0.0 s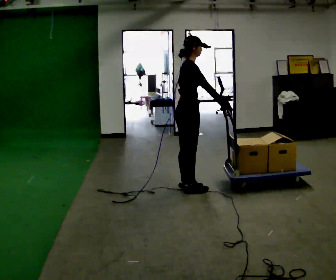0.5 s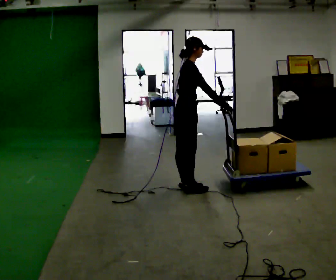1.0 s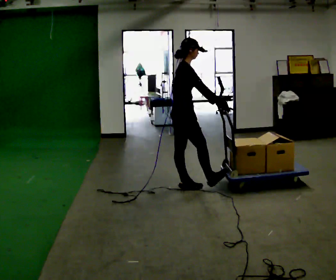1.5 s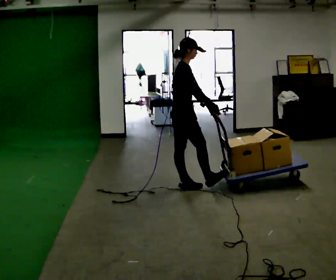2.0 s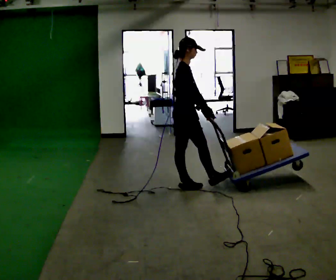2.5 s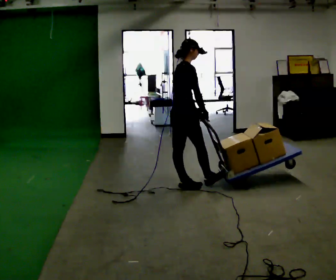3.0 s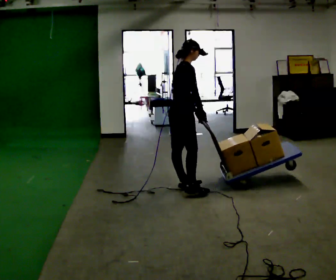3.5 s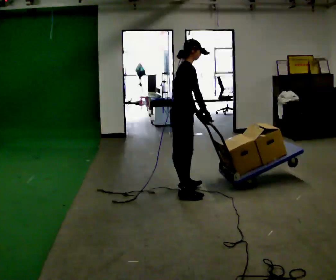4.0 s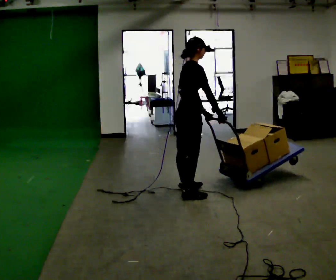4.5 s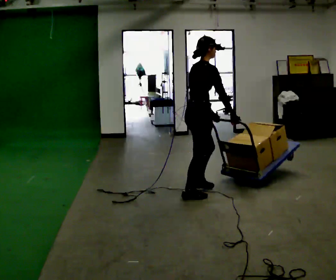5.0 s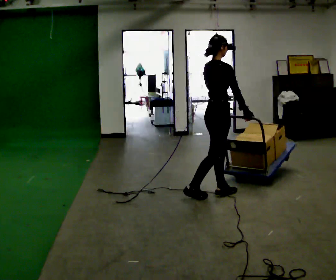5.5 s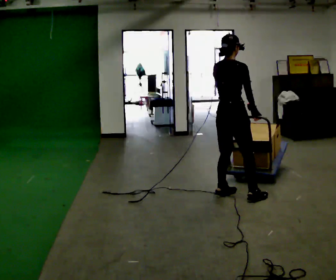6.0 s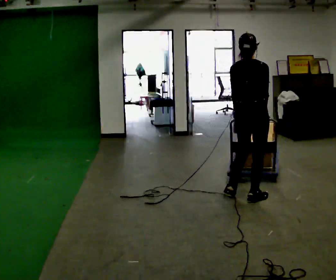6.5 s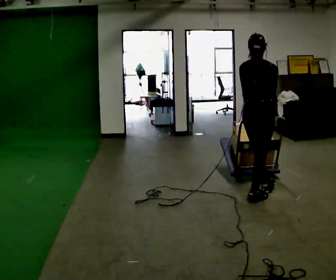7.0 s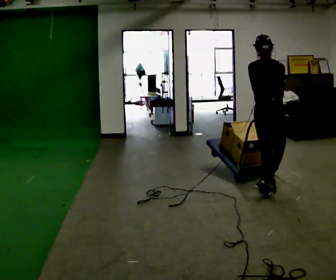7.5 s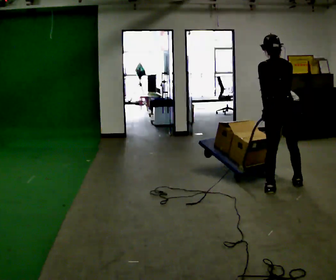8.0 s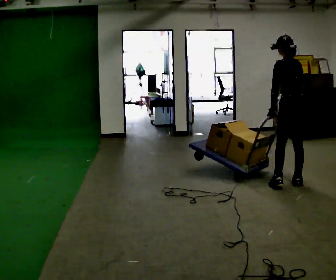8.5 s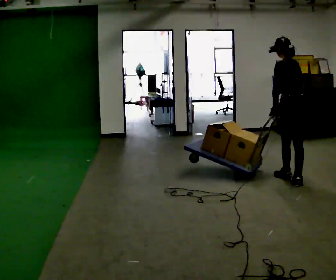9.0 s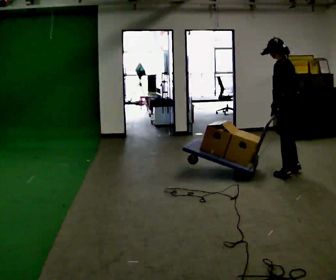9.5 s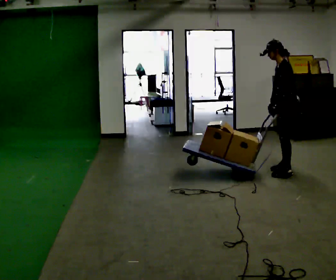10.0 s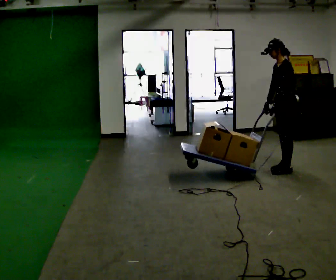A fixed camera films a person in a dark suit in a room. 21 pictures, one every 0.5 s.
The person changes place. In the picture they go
to the right.
The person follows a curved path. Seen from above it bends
counterclockwise.
0.0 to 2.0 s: The person moves a little, or ends about where they began.
2.0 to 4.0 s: In the picture they go toward the camera, about 0.25 m in 1 step, which for them is to their right.
4.0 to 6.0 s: The part of the body nearest the lens slides to the right as the person turns to their left by about 45 degrees. In the picture they go to the right, about 0.75 m in 2 steps, which for them is forward and to their right.
6.0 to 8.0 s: Seen from above the body turns counterclockwise, about 45 degrees: to their left, with its near side sliding to the right. In the picture they go to the right and away from the camera, about 0.75 m in 2 steps, which for them is forward and to their right.
8.0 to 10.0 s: The person turns about 75 degrees to their left, counterclockwise seen from above, so the part of the body nearest the lens slides to the right. In the picture they go away from the camera, about 0.5 m in 3 steps.
The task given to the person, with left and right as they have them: Push the cart across the room and back. The operator will change how much is loaded on it between takes and will tell you each time.
The film runs forward here.
